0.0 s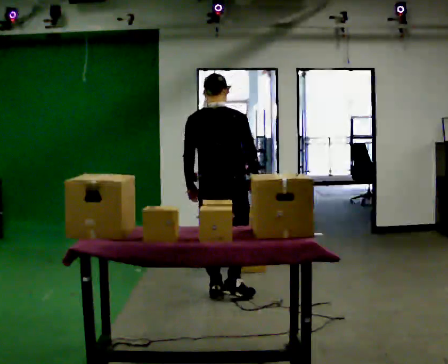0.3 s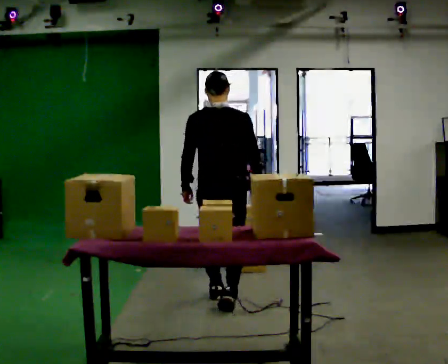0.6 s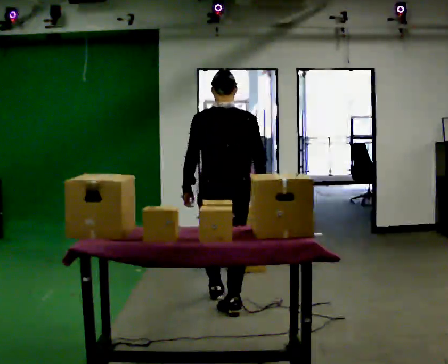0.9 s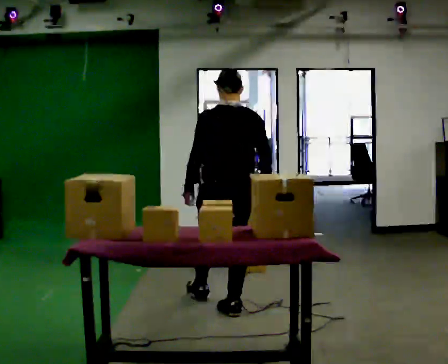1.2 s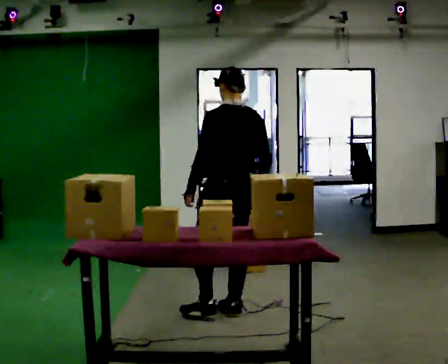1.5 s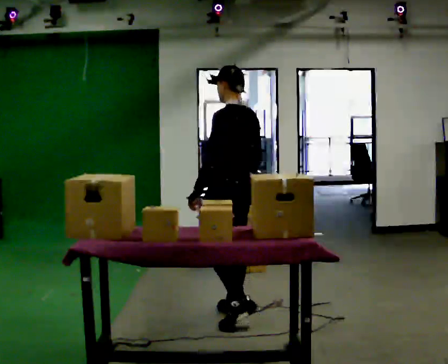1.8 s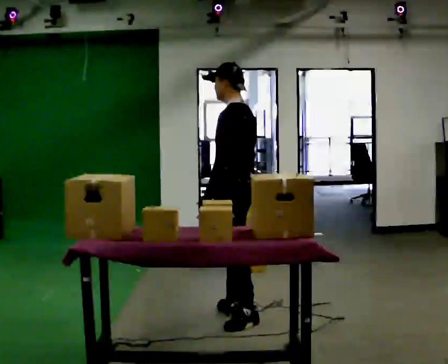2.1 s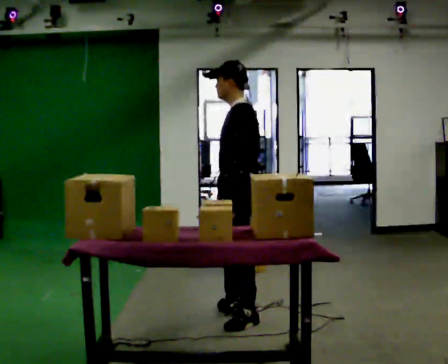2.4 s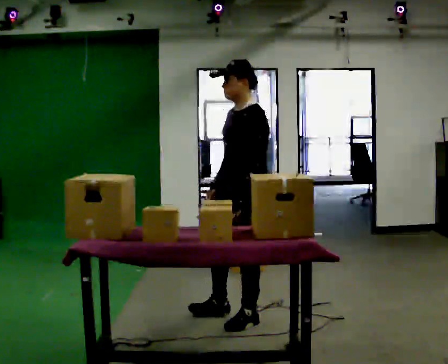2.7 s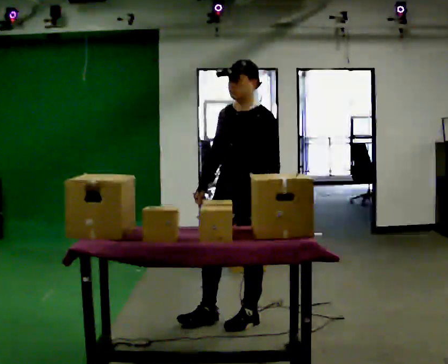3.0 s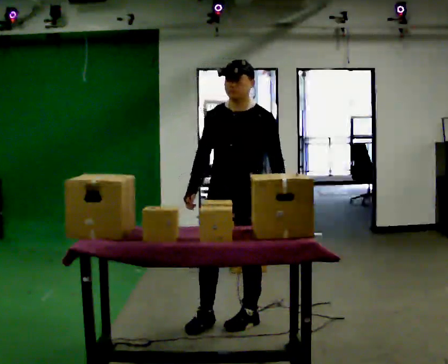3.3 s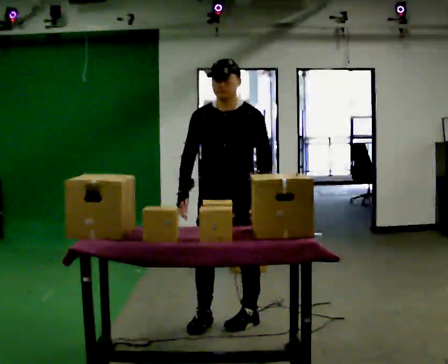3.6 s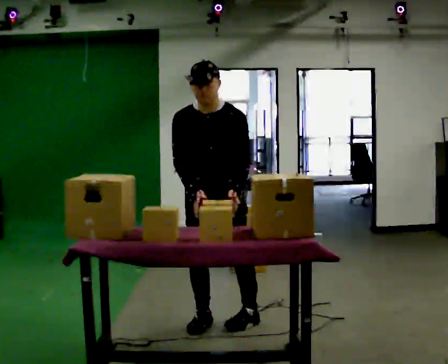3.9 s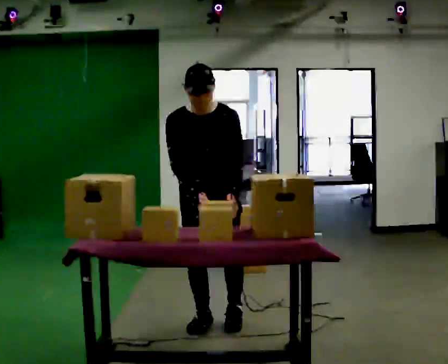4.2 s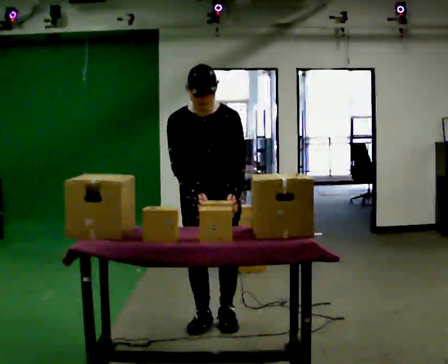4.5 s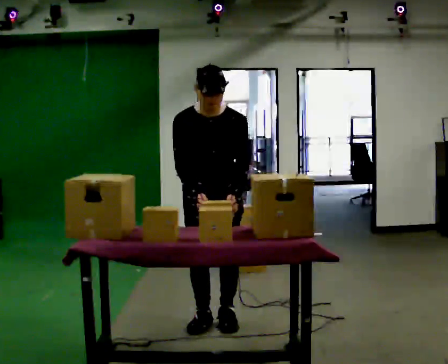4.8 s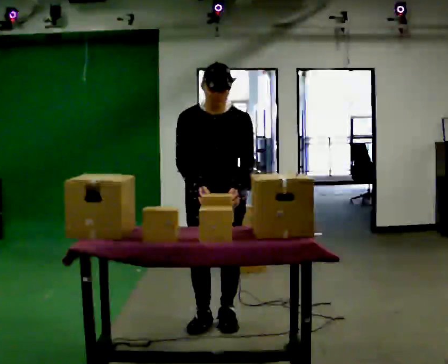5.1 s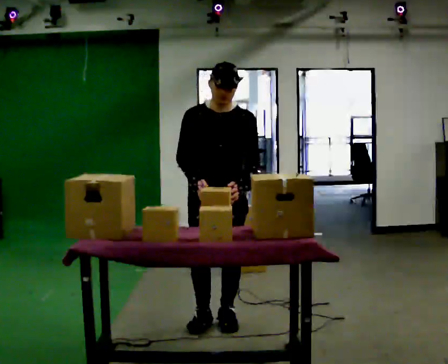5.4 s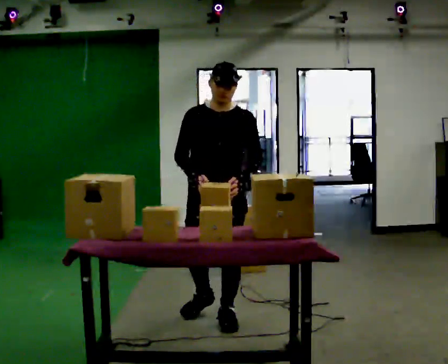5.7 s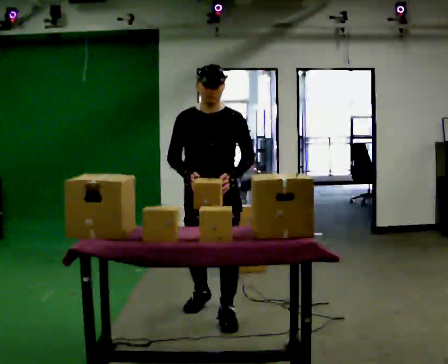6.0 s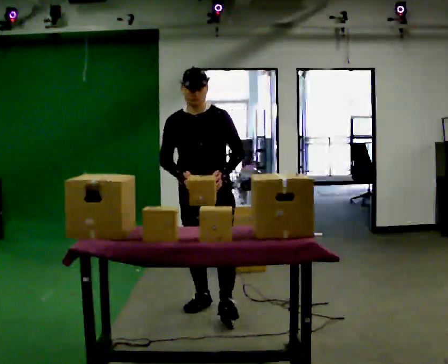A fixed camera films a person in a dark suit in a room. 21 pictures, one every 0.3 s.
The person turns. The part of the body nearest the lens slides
to the right.
The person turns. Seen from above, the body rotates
counterclockwise.
0.0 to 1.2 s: The person turns about 45 degrees to their left, counterclockwise seen from above, so the part of the body nearest the lens slides to the right. In the picture they go toward the camera, about 0.5 m in 1 step, which for them is backward.
1.2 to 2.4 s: The person turns about 75 degrees to their left, counterclockwise seen from above, so the part of the body nearest the lens slides to the right. In the picture they go toward the camera, about 0.25 m in 1 step.
2.4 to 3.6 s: The part of the body nearest the lens slides to the right as the person turns to their left by about 60 degrees. In the picture they go to the left, about 0.25 m.
3.6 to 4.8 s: The person moves a little, or ends about where they began.
4.8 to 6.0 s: In the picture they go away from the camera, about 0.25 m in 2 steps, which for them is backward.
The film runs backward here.
